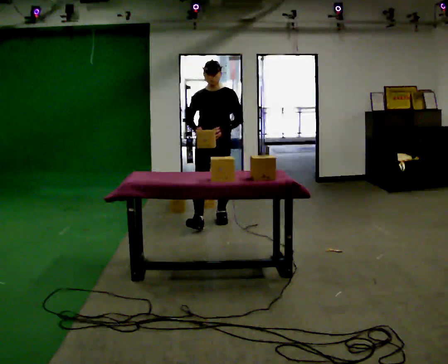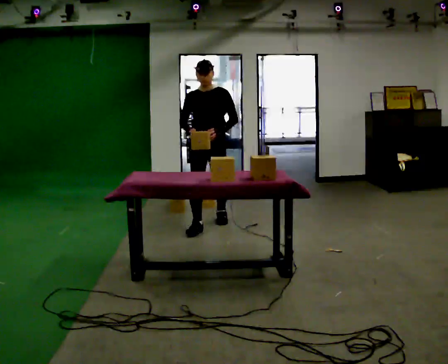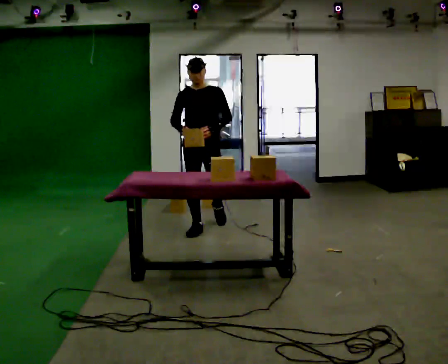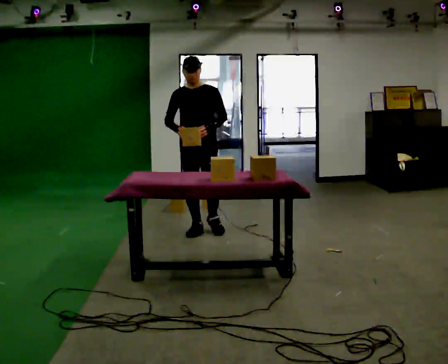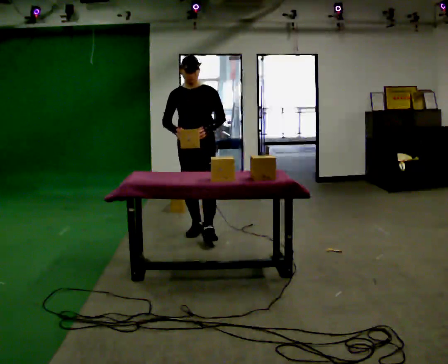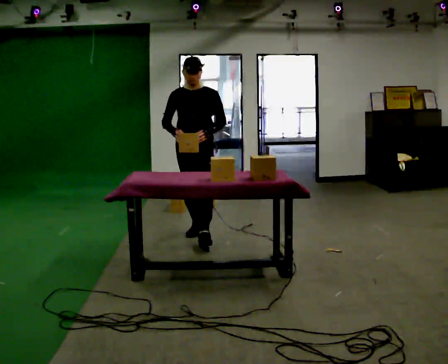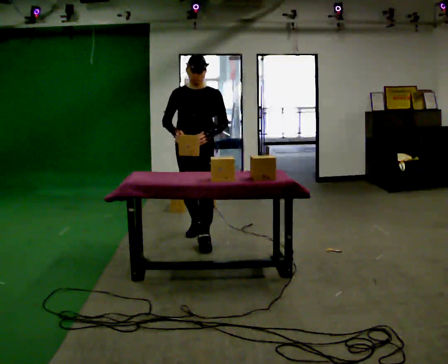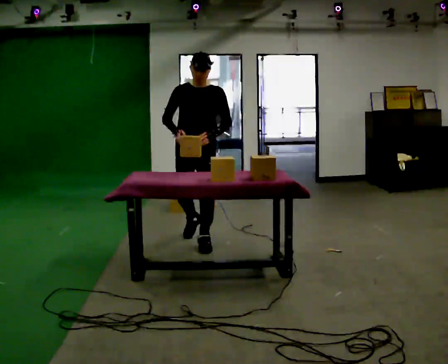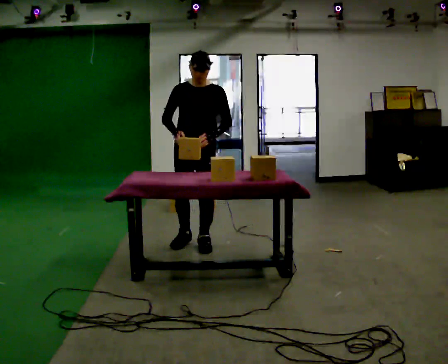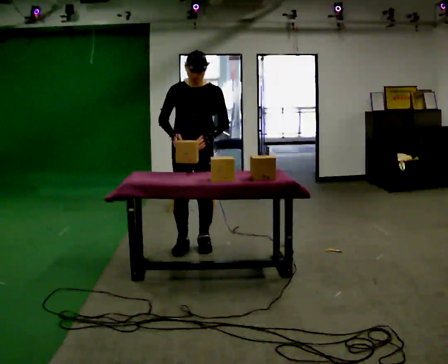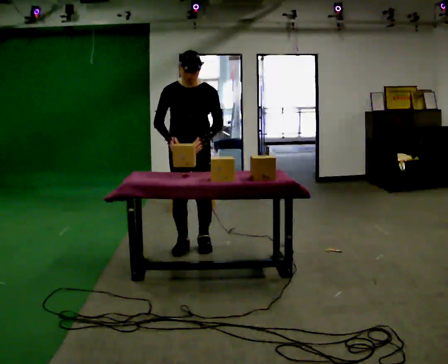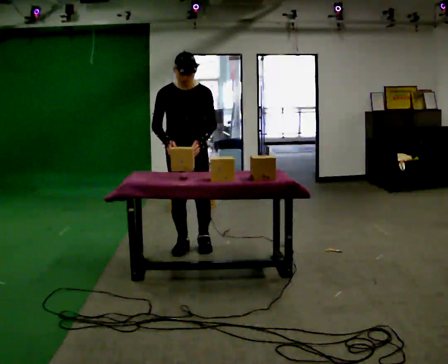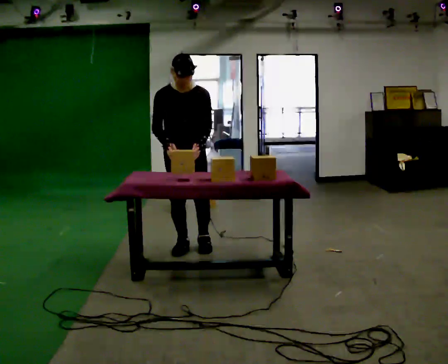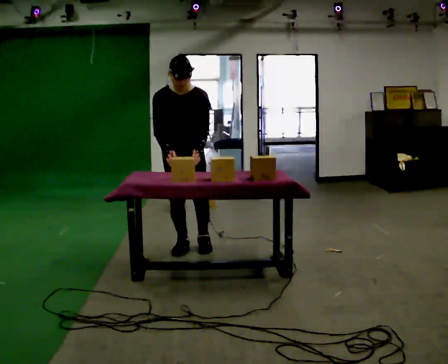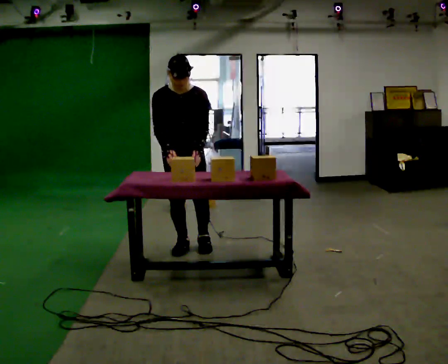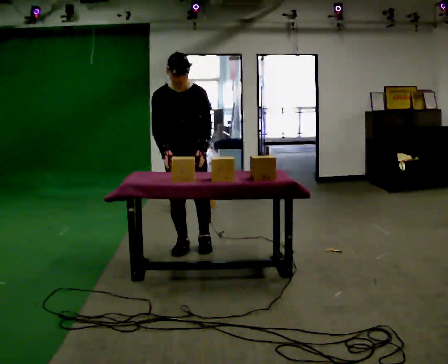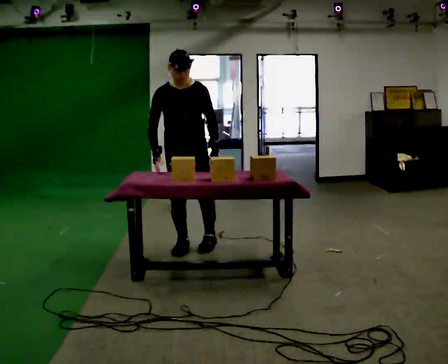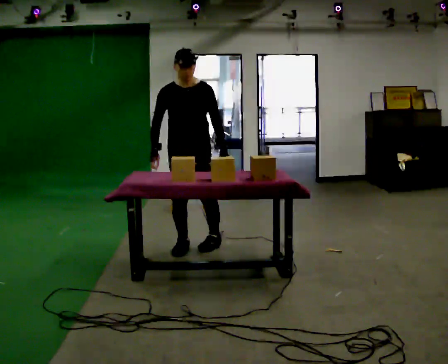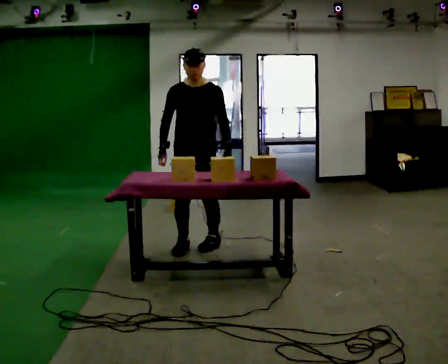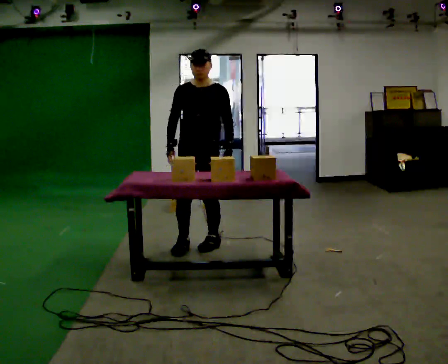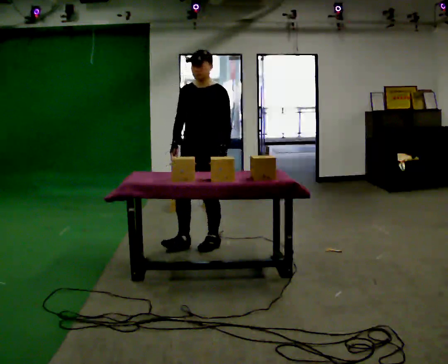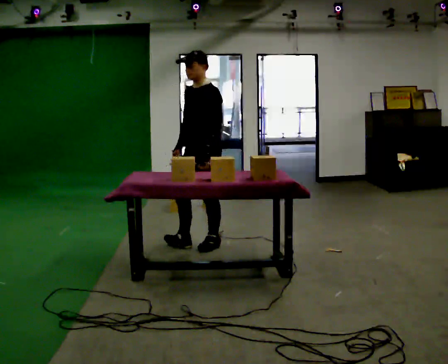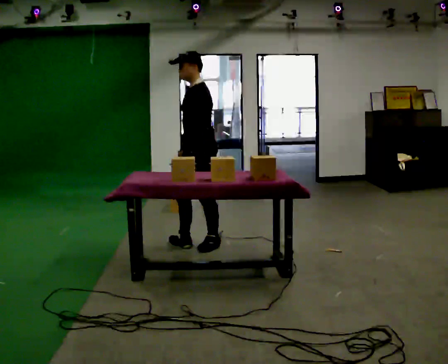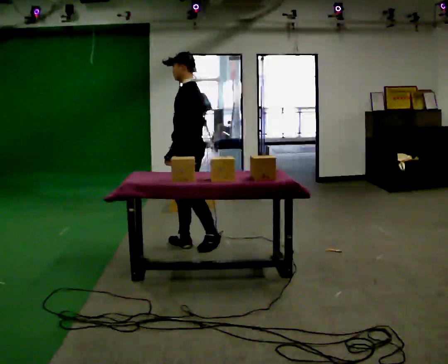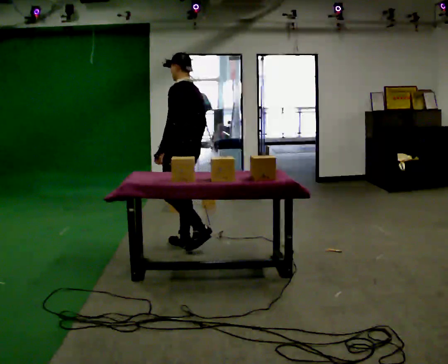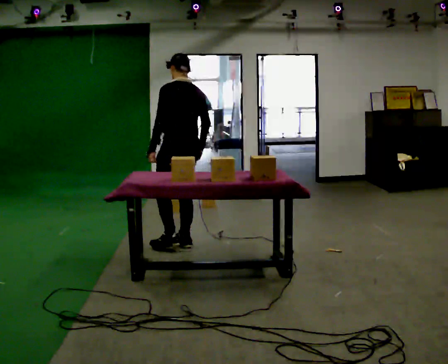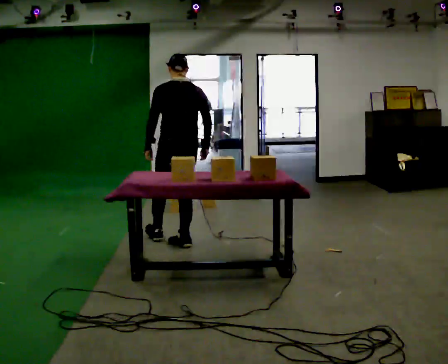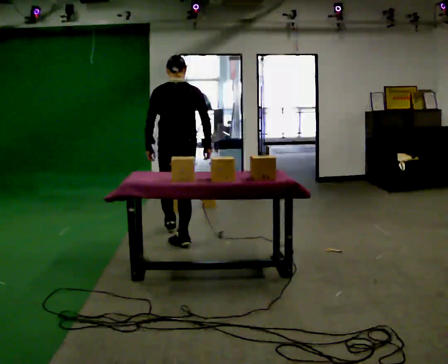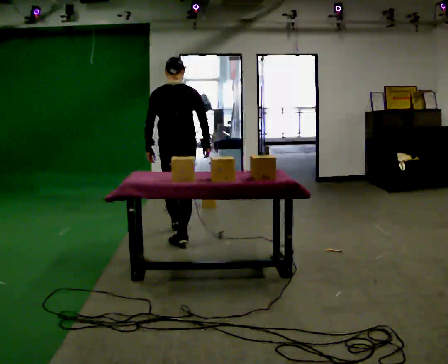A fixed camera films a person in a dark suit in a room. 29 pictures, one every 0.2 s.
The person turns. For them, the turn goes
to their right.
The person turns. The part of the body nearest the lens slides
to the left.
0.0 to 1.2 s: In the picture they go toward the camera, about 0.75 m in 2 steps, which for them is forward.
1.2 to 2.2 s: In the picture they go toward the camera, about 0.25 m in 1 step, which for them is forward. The upper body tips toward the camera, its near side rolling downward, as they bend forward.
2.2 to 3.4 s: The person moves a little, or ends about where they began.
3.4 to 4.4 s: Seen from above the body turns clockwise, about 75 degrees: to their right, with its near side sliding to the left.
4.4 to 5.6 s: The person turns about 120 degrees to their right, clockwise seen from above, so the part of the body nearest the lens slides to the left. In the picture they go away from the camera and to the left, about 0.25 m in 1 step.
The film runs forward here.
